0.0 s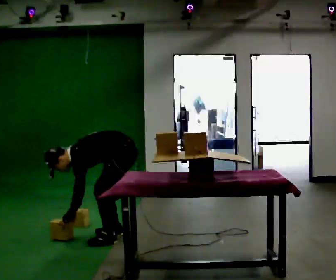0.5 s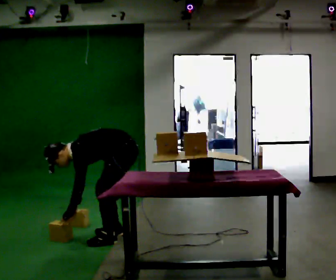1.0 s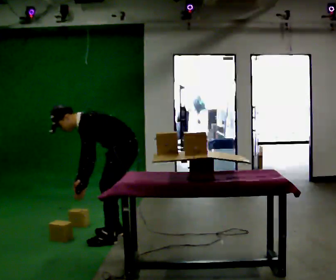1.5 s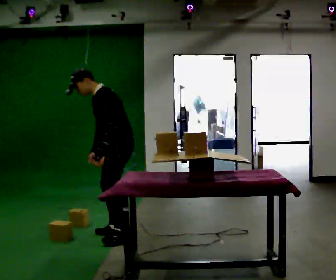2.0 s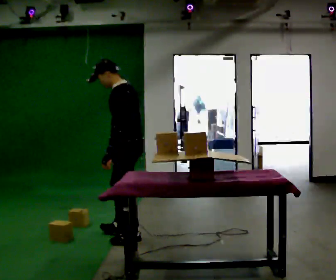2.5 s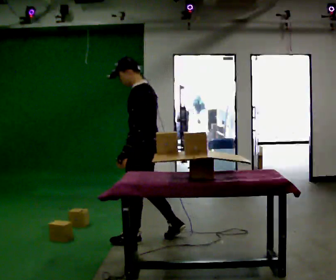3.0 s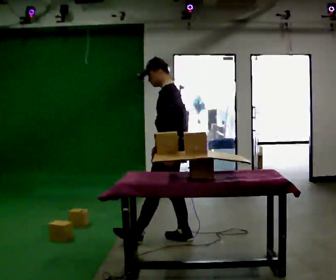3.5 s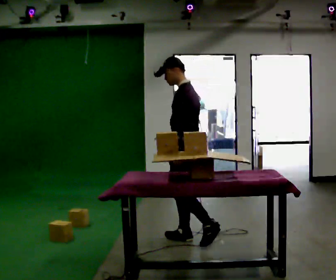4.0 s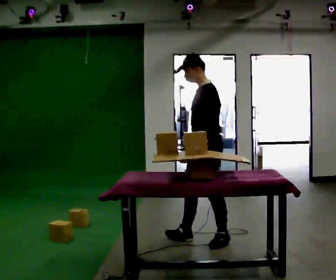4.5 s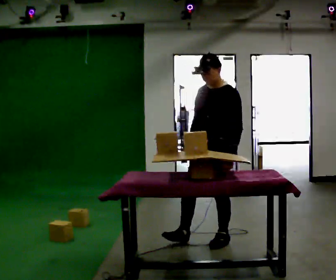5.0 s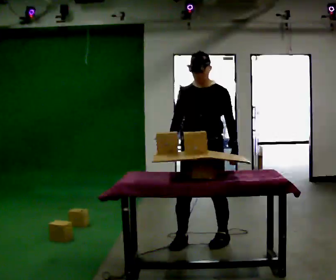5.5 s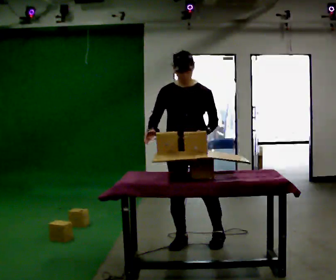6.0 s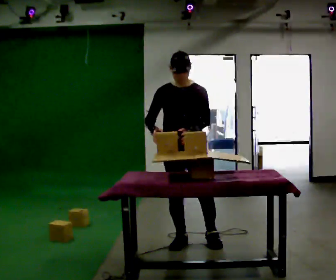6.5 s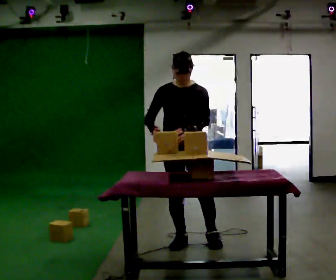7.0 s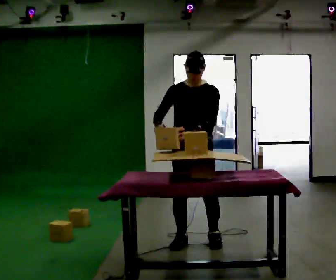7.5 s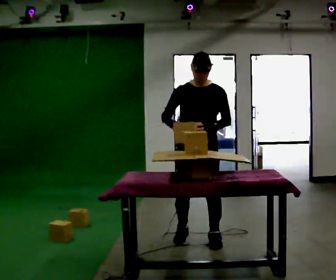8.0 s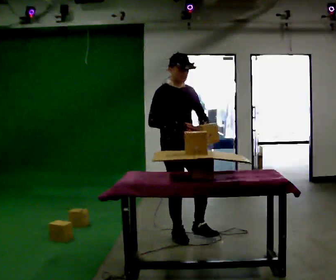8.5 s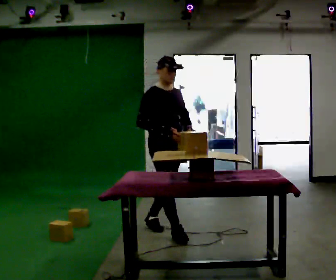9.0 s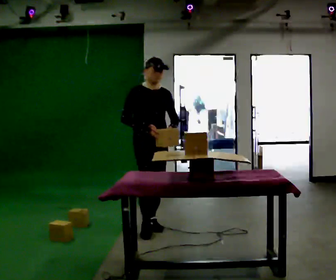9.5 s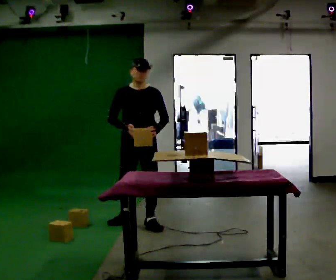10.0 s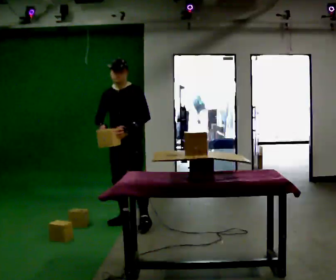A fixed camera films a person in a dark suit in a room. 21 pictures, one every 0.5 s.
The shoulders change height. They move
upward.
0.0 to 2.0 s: The shoulders move upward. In the picture the upper body tilts clockwise, shoulders to the right, as they lean back or straighten. In the picture their right hand goes upward and to the right.
2.0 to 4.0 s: In the picture they go to the right, about 0.5 m in 1 step, which for them is backward.
4.0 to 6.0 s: The person turns about 75 degrees to their left, counterclockwise seen from above, so the part of the body nearest the lens slides to the right. In the picture they go to the left, about 0.25 m. In the picture their right hand goes to the left.
6.0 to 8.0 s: Seen from above the body turns counterclockwise, about 30 degrees: to their left, with its near side sliding to the right. In the picture they go away from the camera, about 0.25 m in 2 steps, which for them is backward.
8.0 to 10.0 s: Seen from above the body turns clockwise, about 60 degrees: to their right, with its near side sliding to the left. In the picture they go to the left and away from the camera, about 1 m in 2 steps.
The film runs backward here.
